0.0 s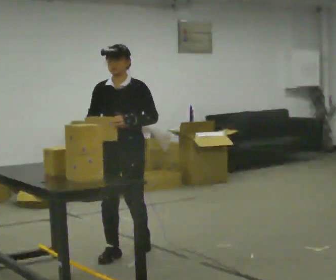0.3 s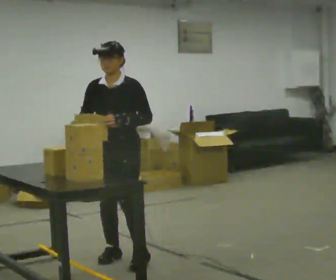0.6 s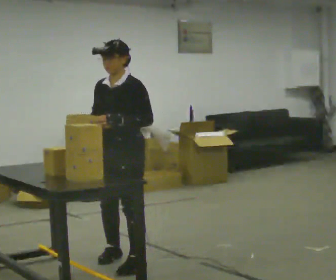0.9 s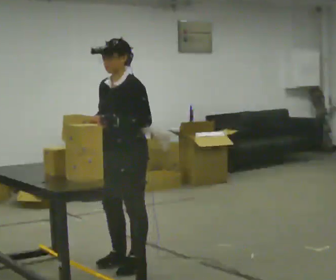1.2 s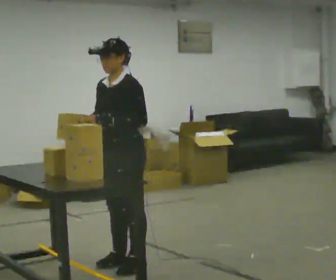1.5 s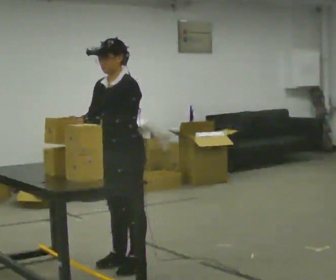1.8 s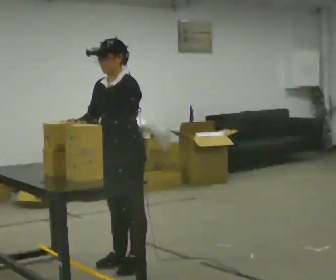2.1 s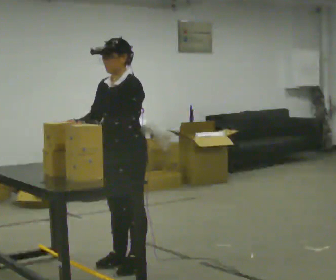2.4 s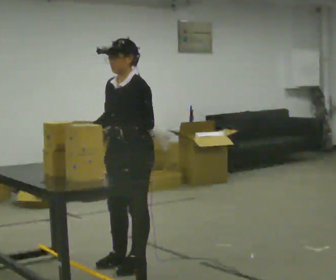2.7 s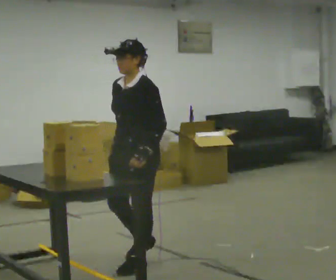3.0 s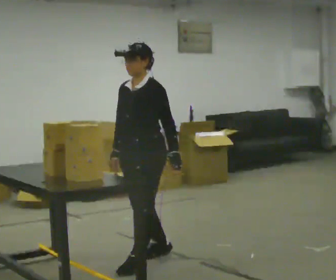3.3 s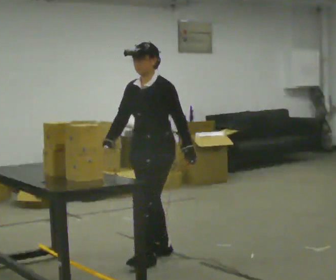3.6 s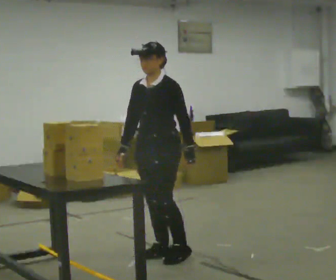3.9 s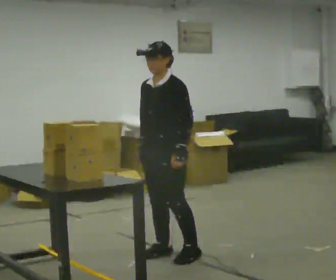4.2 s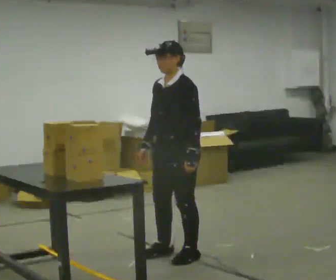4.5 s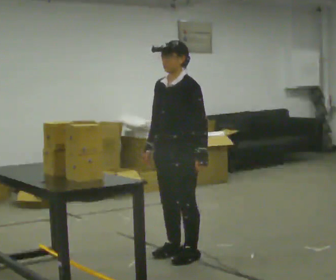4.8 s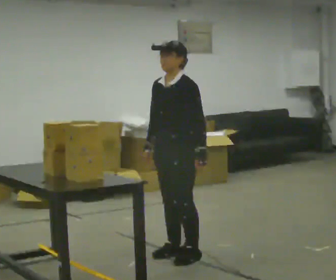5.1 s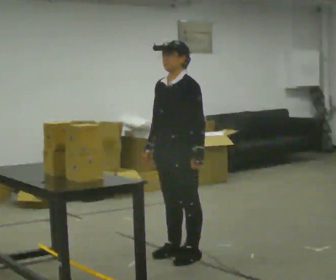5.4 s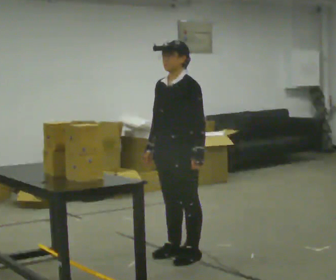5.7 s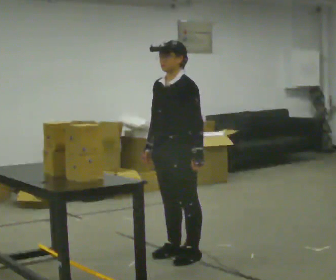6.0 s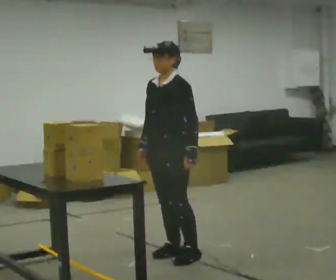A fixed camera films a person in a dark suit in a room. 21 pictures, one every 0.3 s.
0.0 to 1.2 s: The person turns about 45 degrees to their right, clockwise seen from above, so the part of the body nearest the lens slides to the left. In the picture they go toward the camera, about 0.25 m in 2 steps, which for them is to their left and forward.
1.2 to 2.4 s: The person moves a little, or ends about where they began.
2.4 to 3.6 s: In the picture they go away from the camera and to the right, about 0.25 m in 1 step, which for them is backward.
3.6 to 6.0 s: The person moves a little, or ends about where they began.
The film runs forward here.
